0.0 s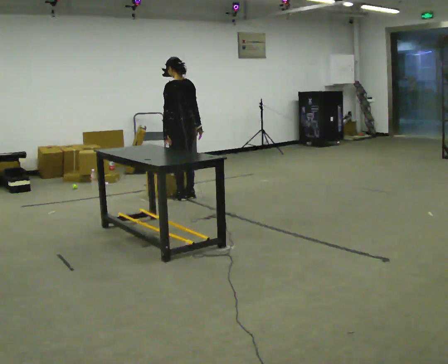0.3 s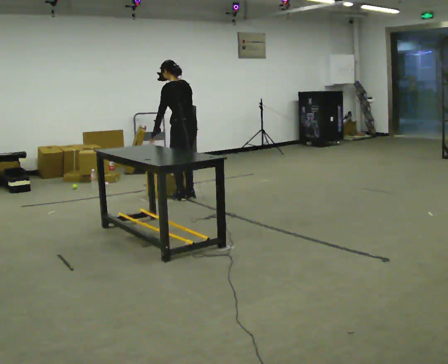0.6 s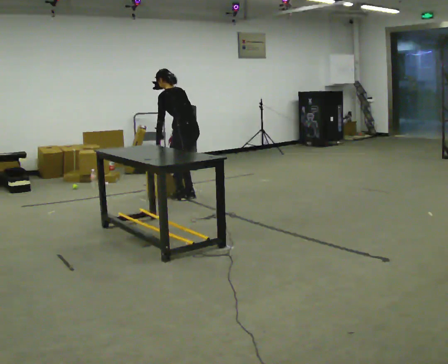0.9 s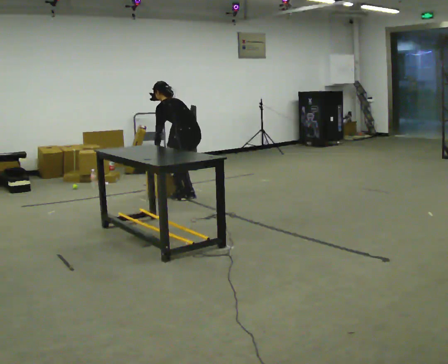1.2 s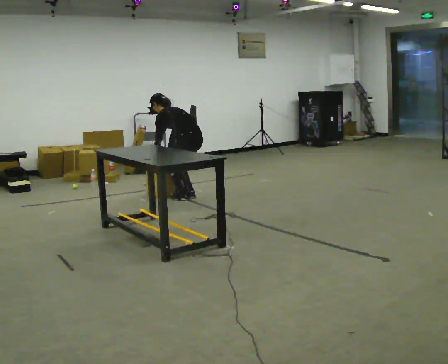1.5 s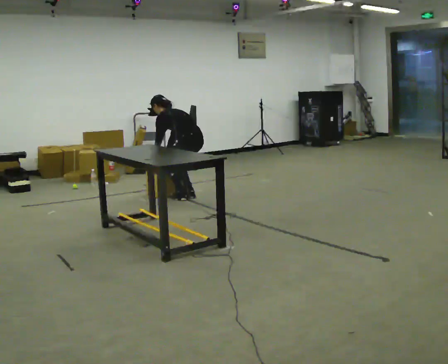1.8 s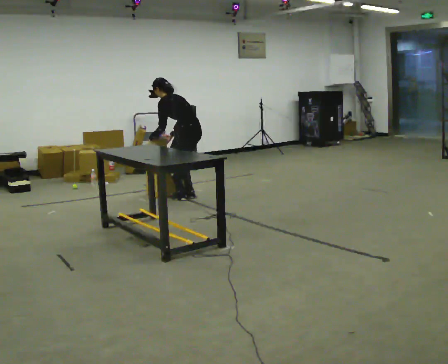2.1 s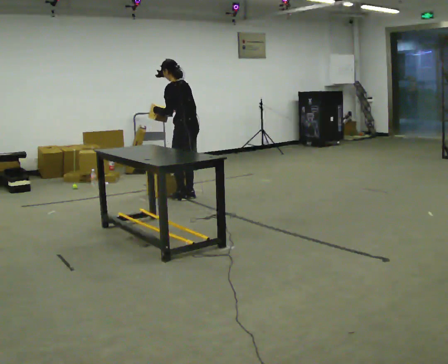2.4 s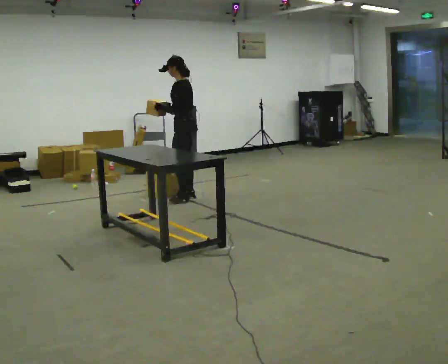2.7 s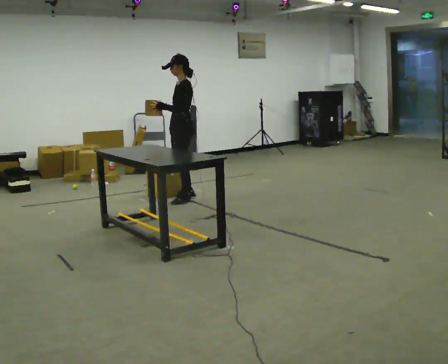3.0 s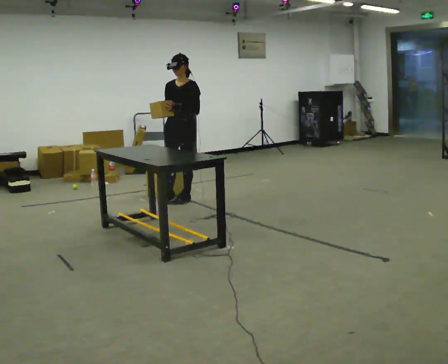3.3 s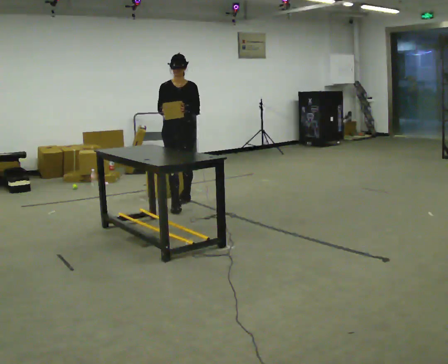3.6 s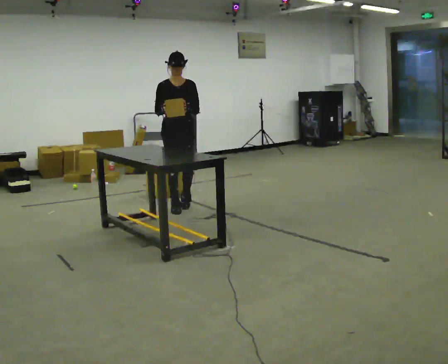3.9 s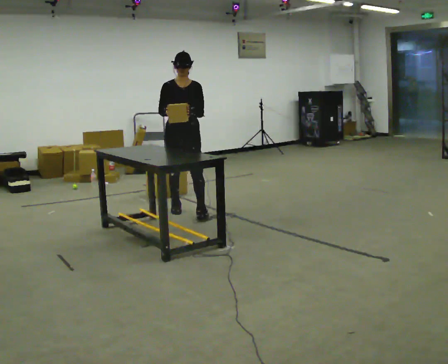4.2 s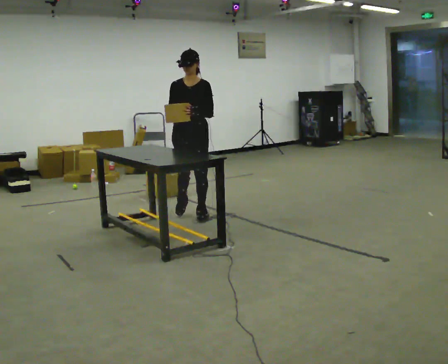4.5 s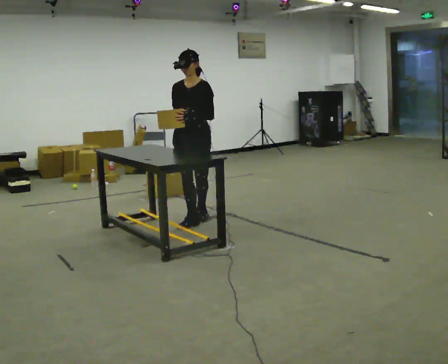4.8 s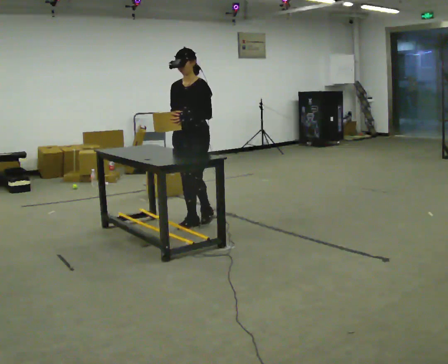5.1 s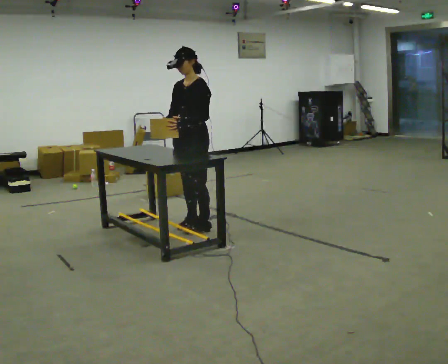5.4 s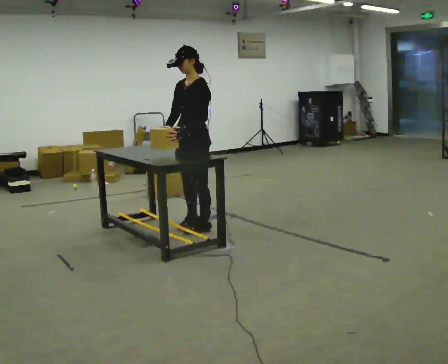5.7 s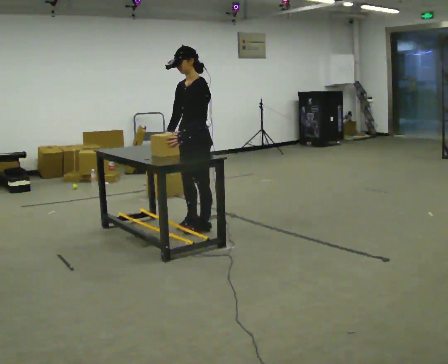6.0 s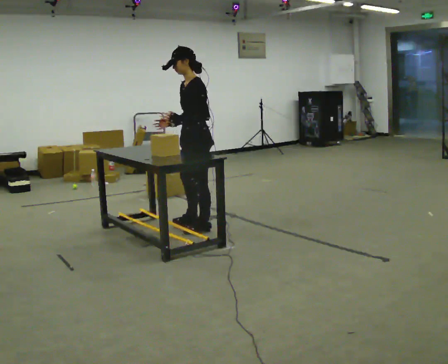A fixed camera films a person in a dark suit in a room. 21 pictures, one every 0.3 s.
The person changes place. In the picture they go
toward the camera.
0.0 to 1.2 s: The shoulders move downward. In the picture the upper body tilts counterclockwise, shoulders to the left, as they bend forward. In the picture their right hand goes to the left and downward.
1.2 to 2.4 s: The part of the body nearest the lens slides to the right as the person turns to their left by about 30 degrees. The shoulders move upward. The upper body tips toward the camera, its near side rolling downward, as they lean back or straighten. In the picture their right hand goes upward.
2.4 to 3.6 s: The person turns about 120 degrees to their left, counterclockwise seen from above, so the part of the body nearest the lens slides to the right. In the picture they go toward the camera, about 0.5 m in 1 step.
3.6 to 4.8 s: The part of the body nearest the lens slides to the left as the person turns to their right by about 45 degrees. In the picture they go toward the camera, about 0.5 m in 2 steps, which for them is forward and to their left.
4.8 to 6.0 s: The part of the body nearest the lens slides to the left as the person turns to their right by about 45 degrees. In the picture they go toward the camera, about 0.25 m in 1 step, which for them is to their left.
The film runs forward here.
